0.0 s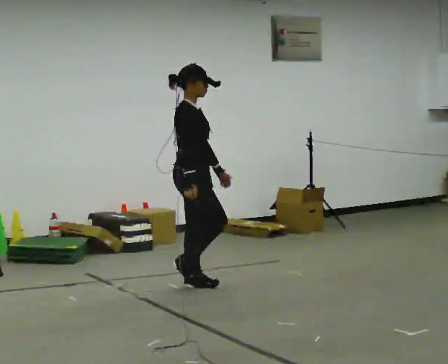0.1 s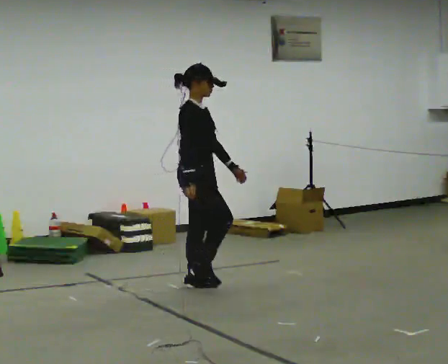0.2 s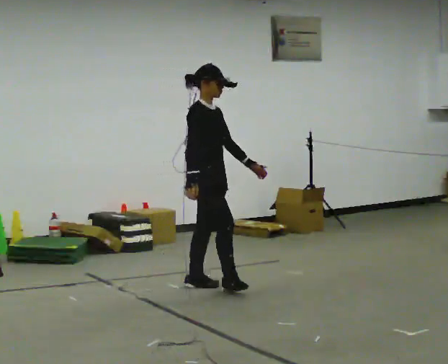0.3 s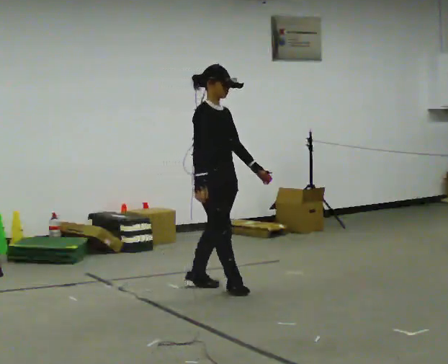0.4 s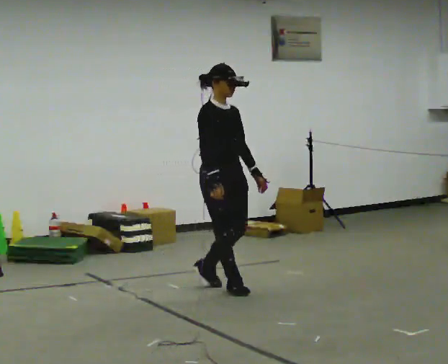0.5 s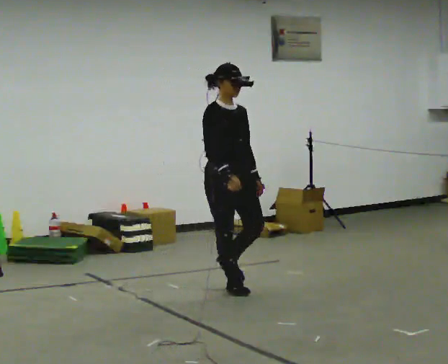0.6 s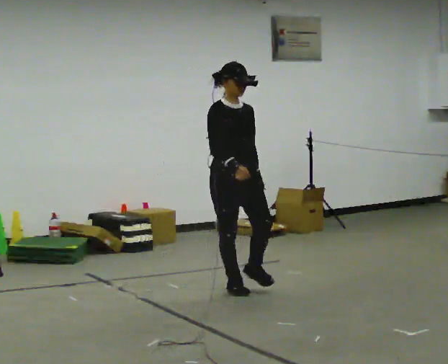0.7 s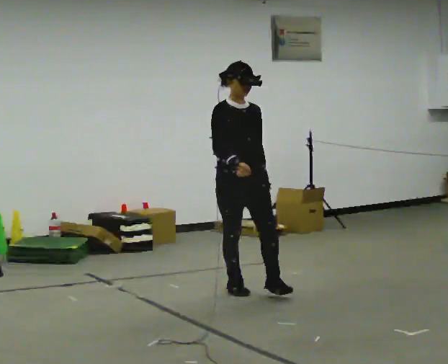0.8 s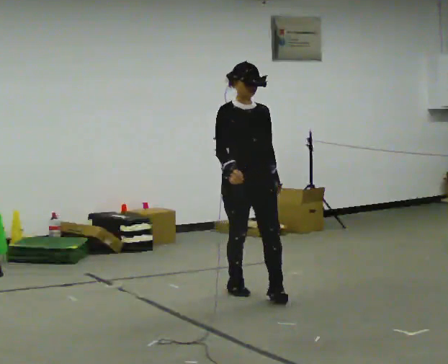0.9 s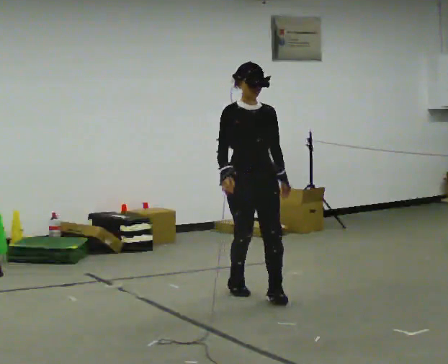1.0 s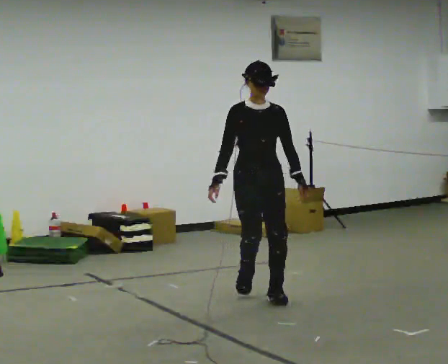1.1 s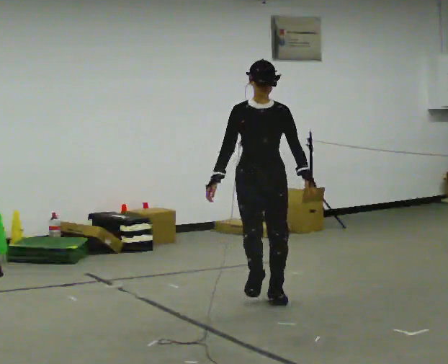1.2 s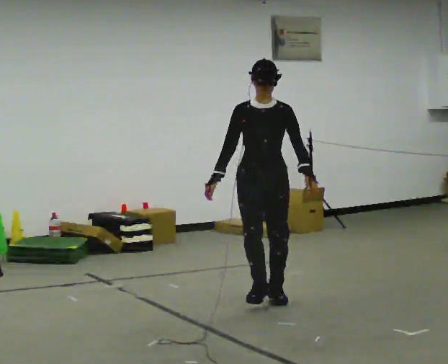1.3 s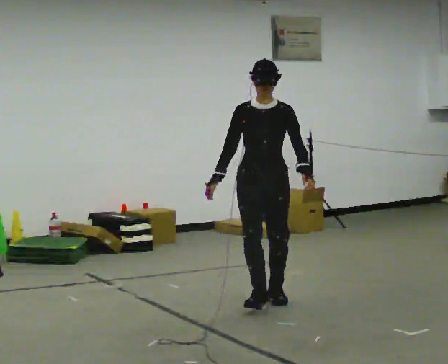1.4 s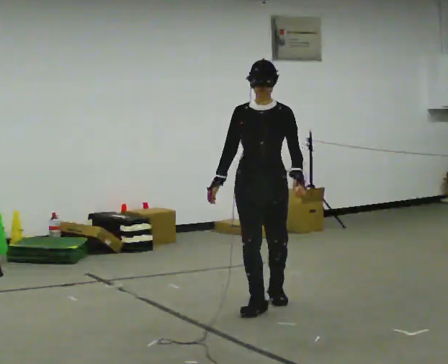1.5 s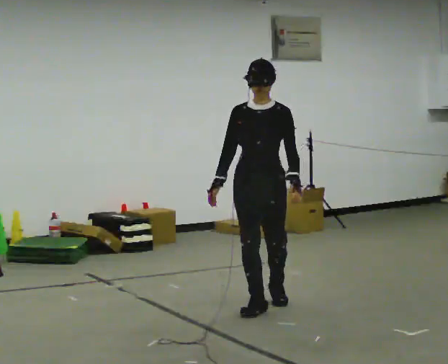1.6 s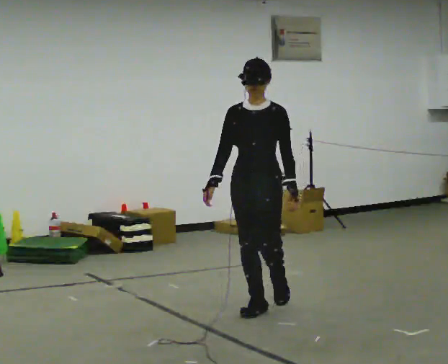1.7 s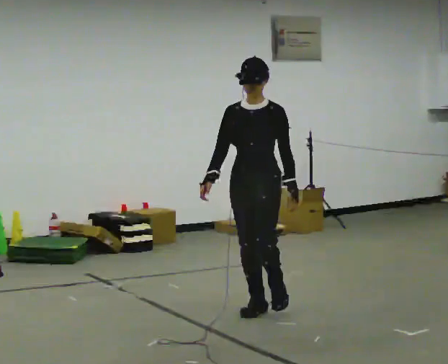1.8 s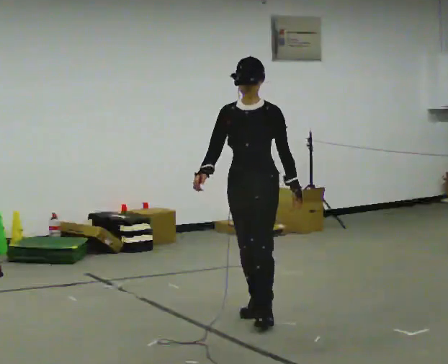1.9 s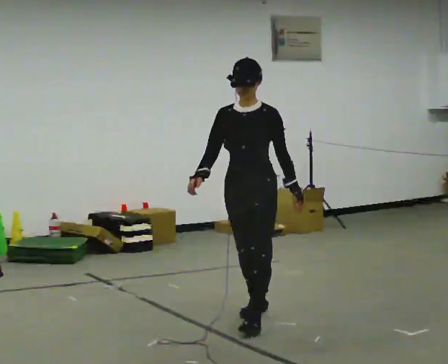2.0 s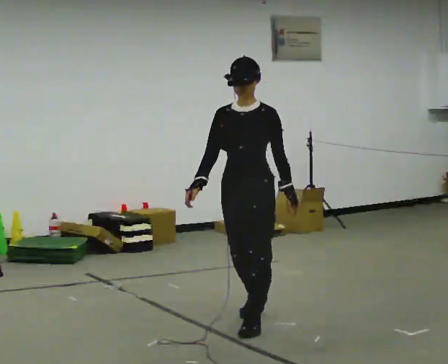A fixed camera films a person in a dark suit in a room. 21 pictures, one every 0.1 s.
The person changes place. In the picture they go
toward the camera.
The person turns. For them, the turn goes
to their right.
0.0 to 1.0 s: The person turns about 75 degrees to their right, clockwise seen from above, so the part of the body nearest the lens slides to the left. In the picture they go to the right and toward the camera, about 0.5 m in 2 steps.
1.0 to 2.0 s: Seen from above the body turns clockwise, about 30 degrees: to their right, with its near side sliding to the left. In the picture they go toward the camera, about 0.75 m in 2 steps, which for them is forward.
The film runs forward here.
